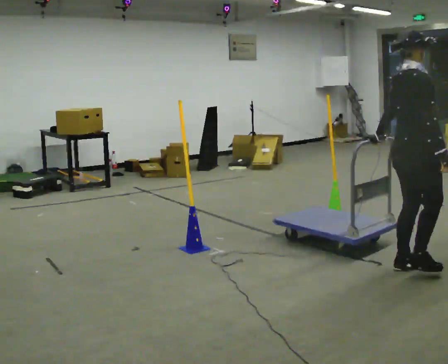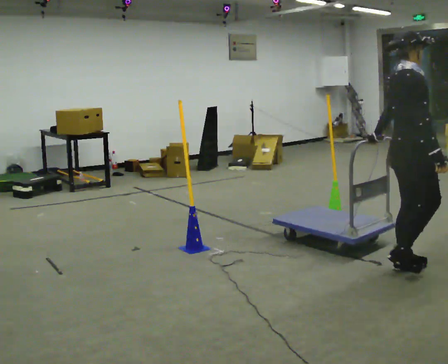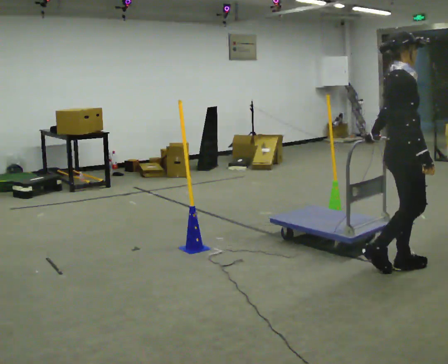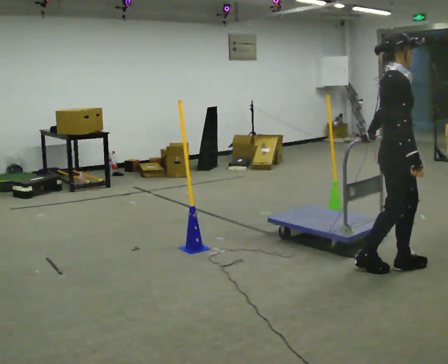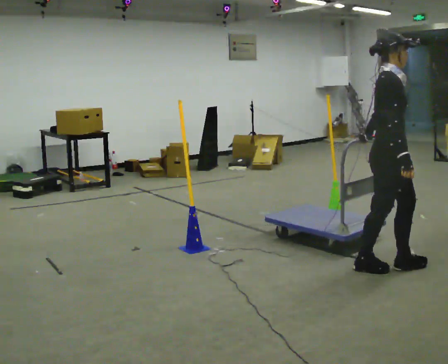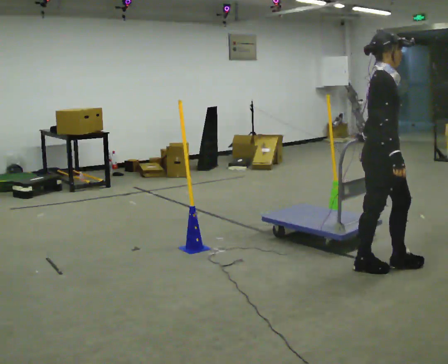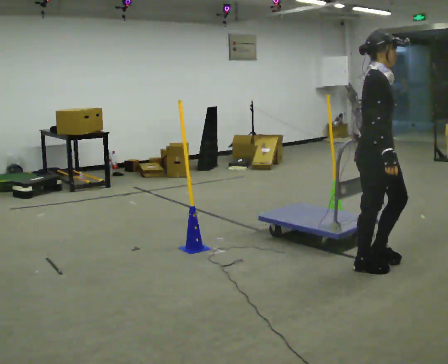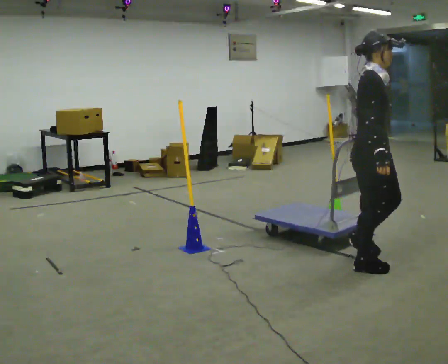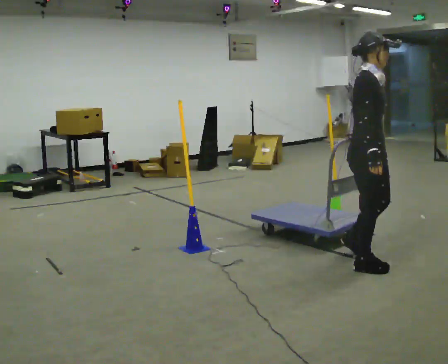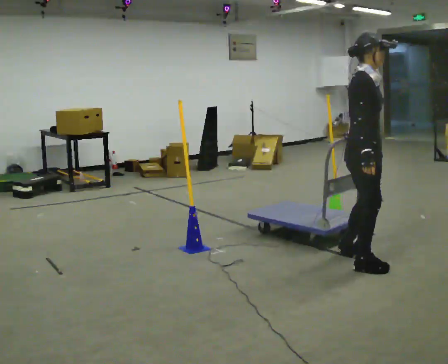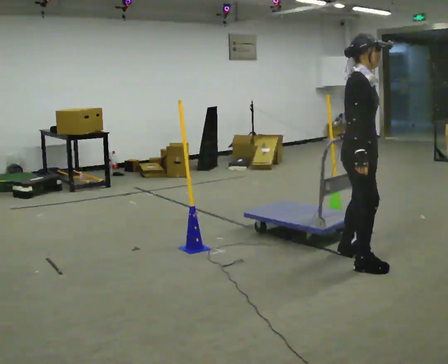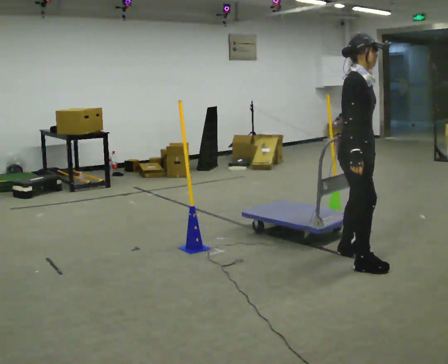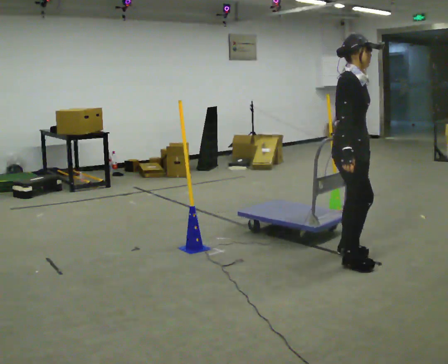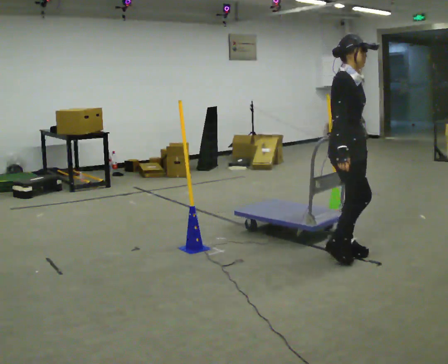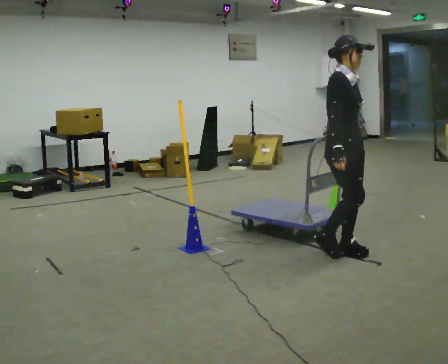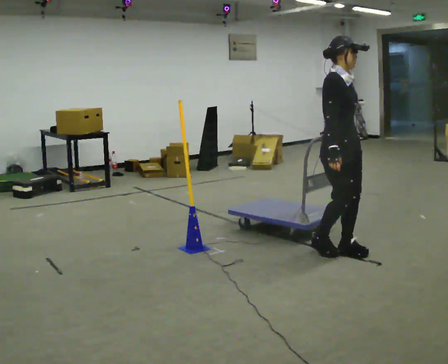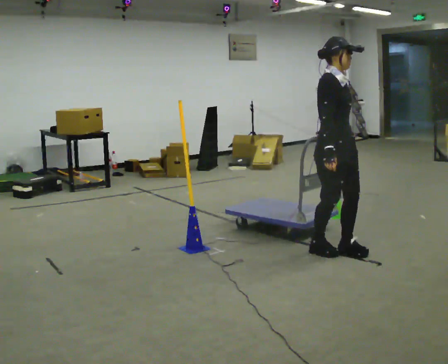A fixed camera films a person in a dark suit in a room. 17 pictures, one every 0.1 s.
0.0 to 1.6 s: Seen from above the body turns clockwise, about 60 degrees: to their right, with its near side sliding to the left. In the picture they go to the left and away from the camera, about 0.75 m in 2 steps, which for them is backward.
The film runs backward here.
